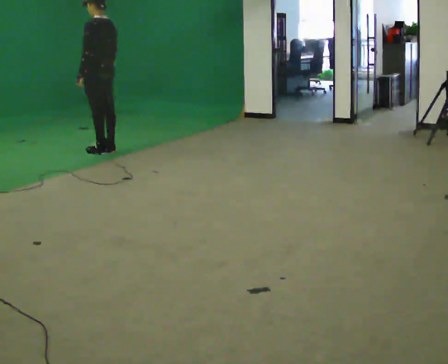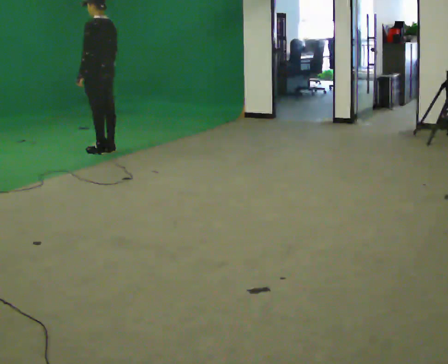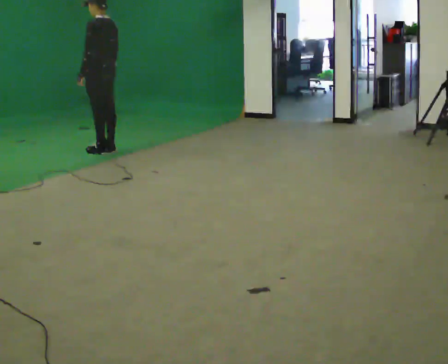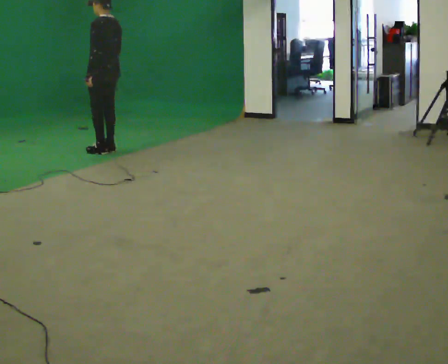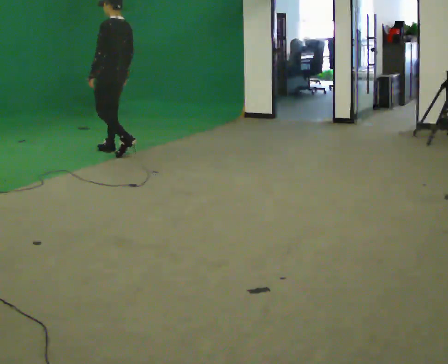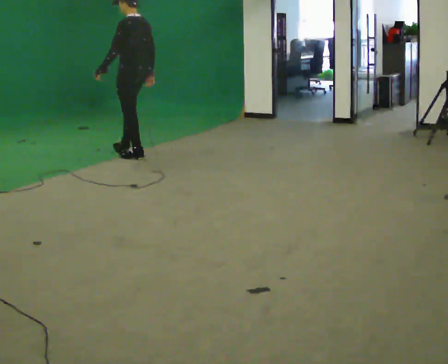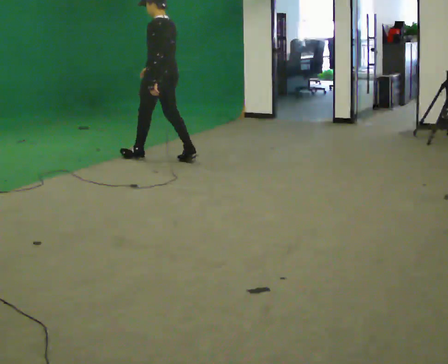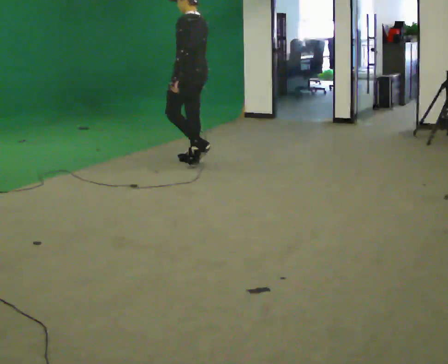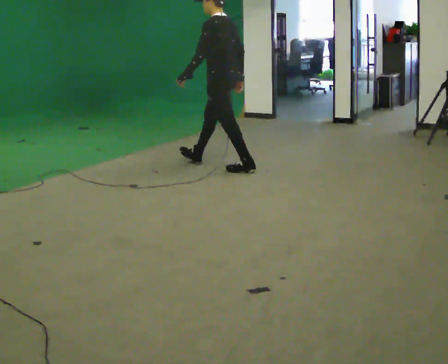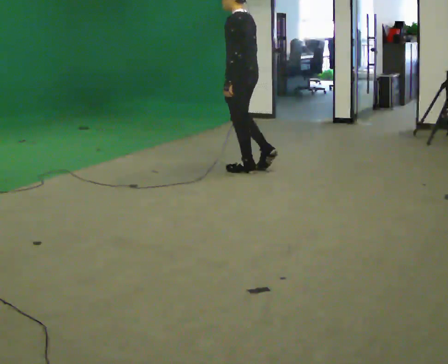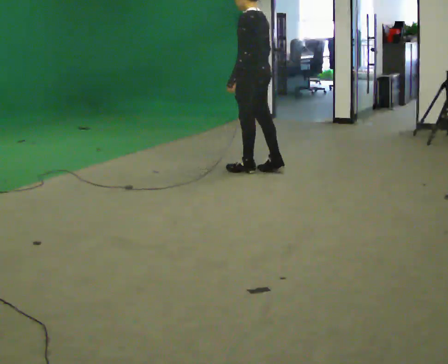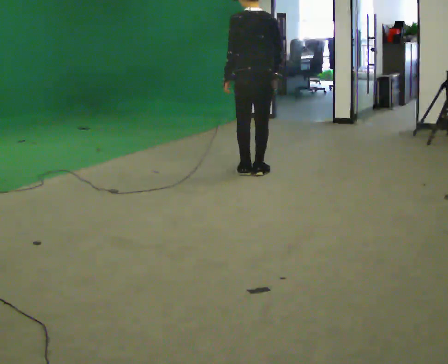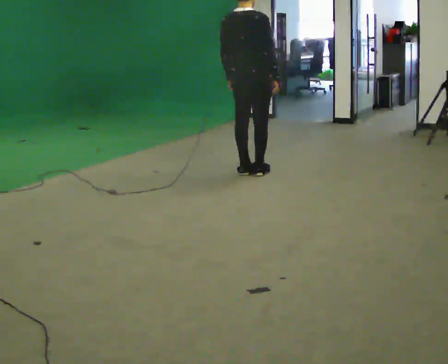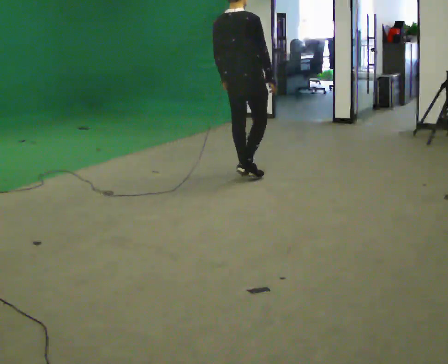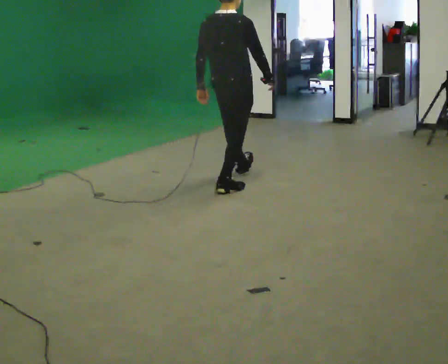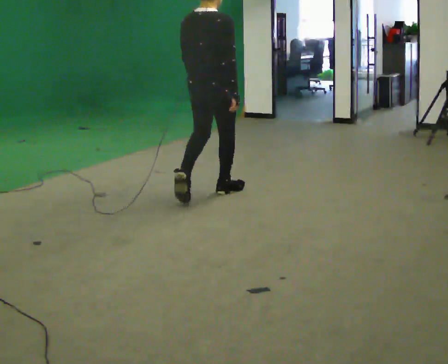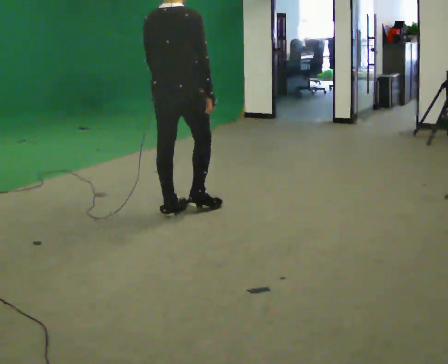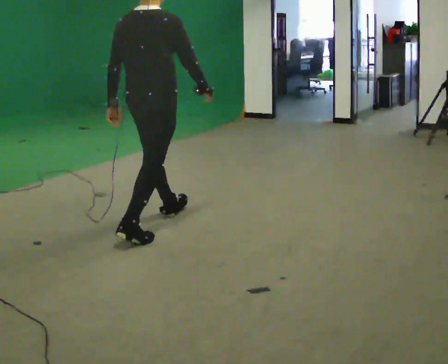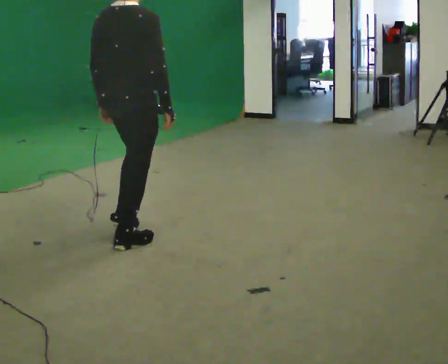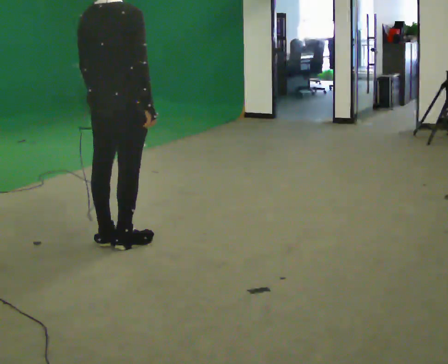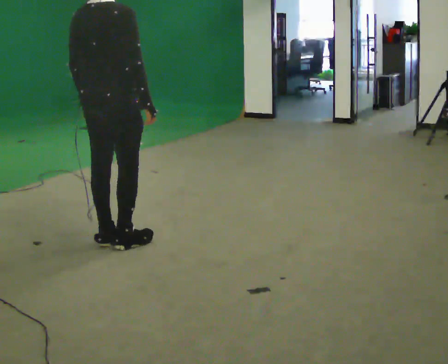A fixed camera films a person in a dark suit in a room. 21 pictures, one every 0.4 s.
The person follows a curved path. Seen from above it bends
clockwise.
The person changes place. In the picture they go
toward the camera.
0.0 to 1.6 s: In the picture they go to the right, about 0.25 m in 1 step, which for them is backward.
1.6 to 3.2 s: In the picture they go to the right and toward the camera, about 1.5 m in 3 steps, which for them is backward.
3.2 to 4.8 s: The part of the body nearest the lens slides to the left as the person turns to their right by about 90 degrees. In the picture they go to the right and toward the camera, about 0.25 m in 1 step.
4.8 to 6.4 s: In the picture they go toward the camera and to the left, about 1 m in 3 steps, which for them is backward.
6.4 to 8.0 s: In the picture they go toward the camera and to the left, about 0.5 m in 1 step, which for them is backward.
The film runs backward here.
